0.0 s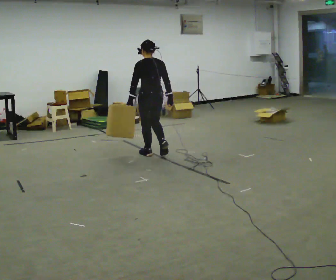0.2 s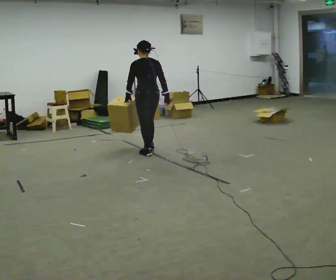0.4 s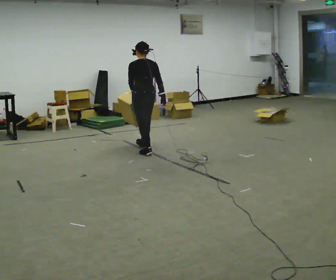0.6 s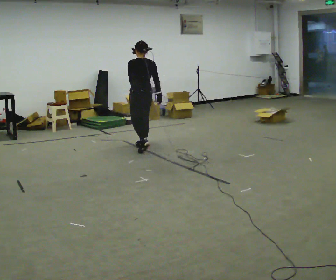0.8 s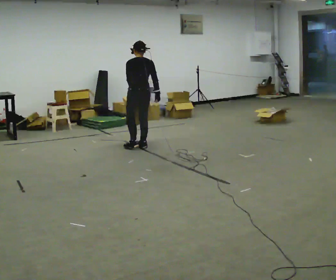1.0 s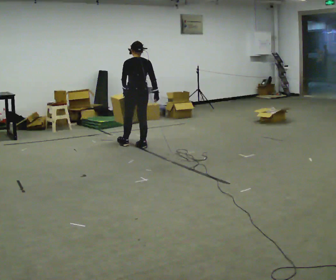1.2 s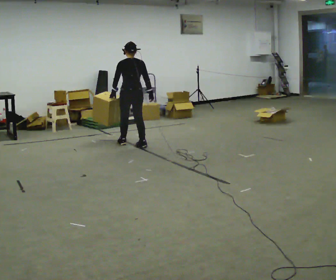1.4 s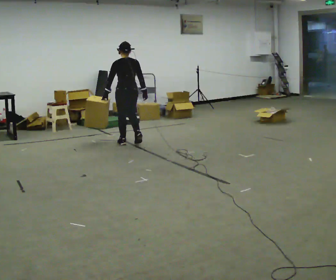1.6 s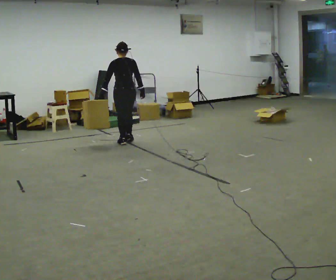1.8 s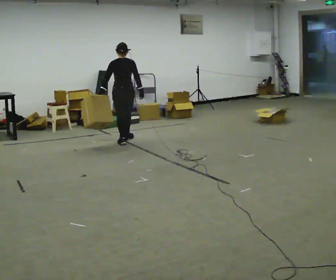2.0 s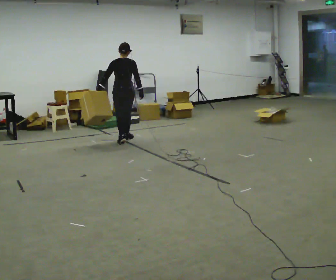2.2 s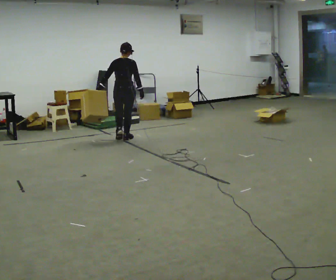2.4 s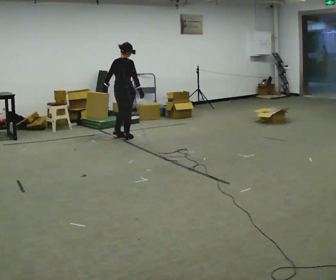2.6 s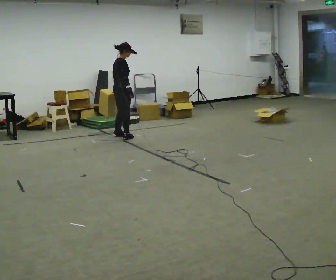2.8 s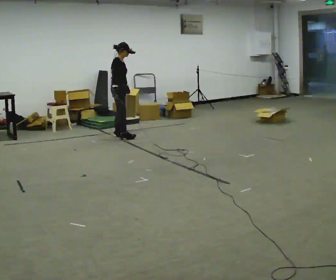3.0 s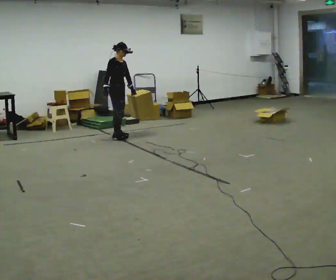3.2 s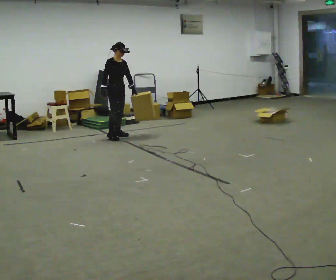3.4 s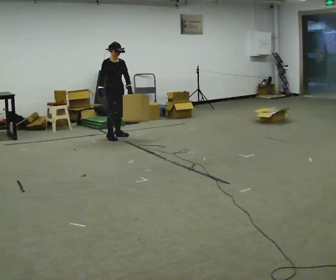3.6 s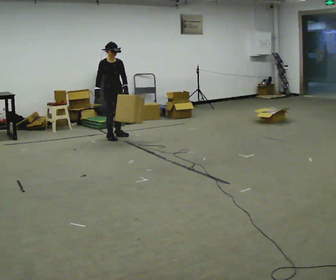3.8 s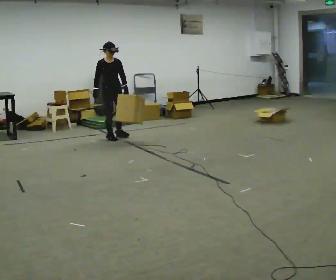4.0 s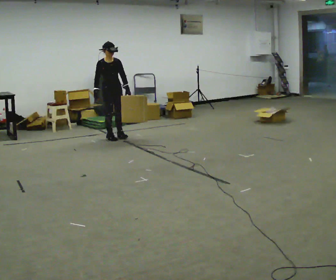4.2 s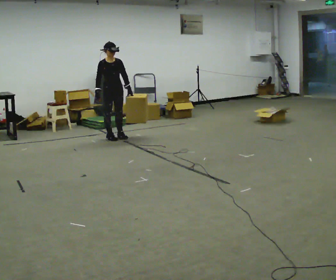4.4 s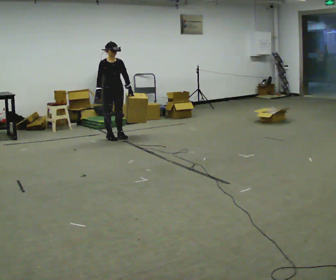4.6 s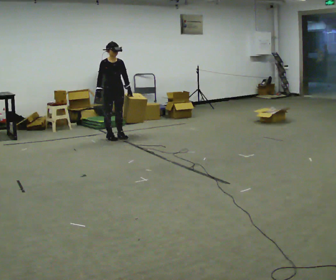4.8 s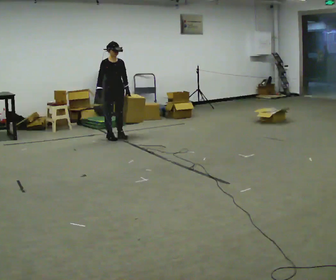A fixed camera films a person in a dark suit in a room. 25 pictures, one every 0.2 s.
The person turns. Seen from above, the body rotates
clockwise.
The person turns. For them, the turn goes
to their right.
0.0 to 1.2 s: In the picture they go away from the camera and to the left, about 0.5 m in 2 steps, which for them is forward.
1.2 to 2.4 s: The person turns about 45 degrees to their right, clockwise seen from above, so the part of the body nearest the lens slides to the left. In the picture they go away from the camera, about 0.5 m in 1 step, which for them is forward.
2.4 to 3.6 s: The person turns about 120 degrees to their right, clockwise seen from above, so the part of the body nearest the lens slides to the left. In the picture they go to the left, about 0.25 m in 2 steps. In the picture their left hand goes to the right, the arm swinging counterclockwise.
3.6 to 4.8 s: The person moves a little, or ends about where they began.
The film runs forward here.
